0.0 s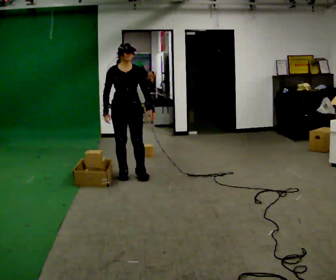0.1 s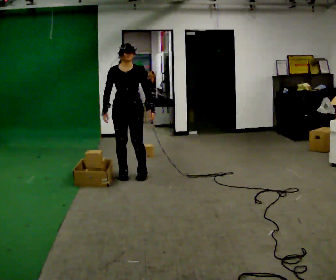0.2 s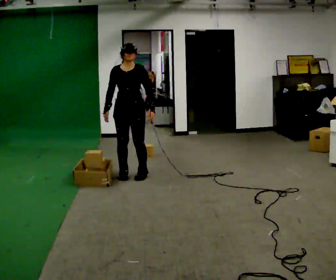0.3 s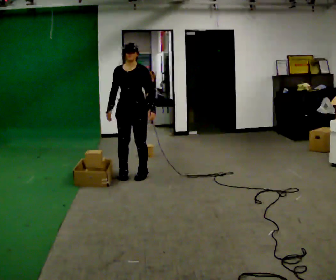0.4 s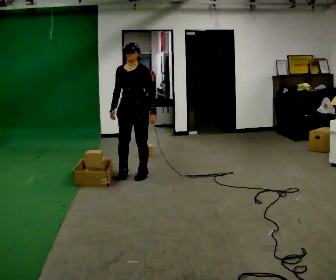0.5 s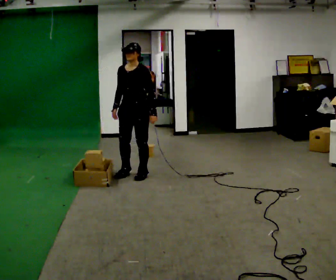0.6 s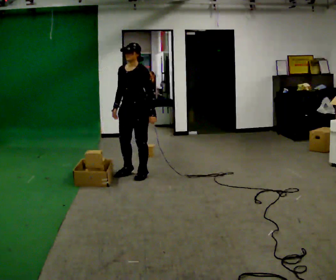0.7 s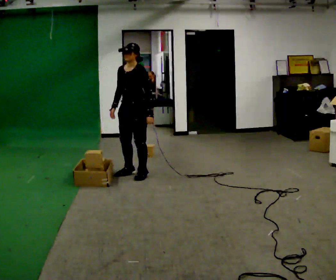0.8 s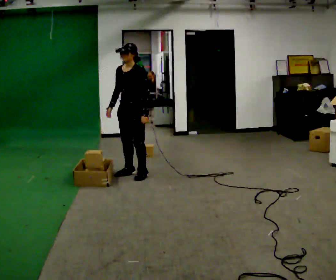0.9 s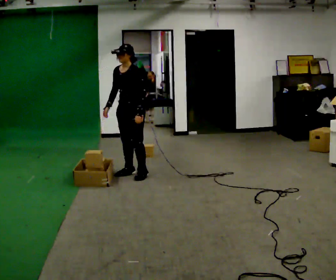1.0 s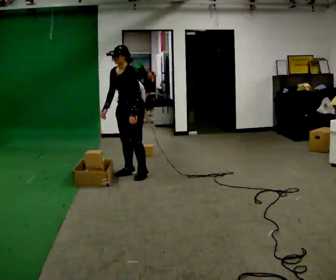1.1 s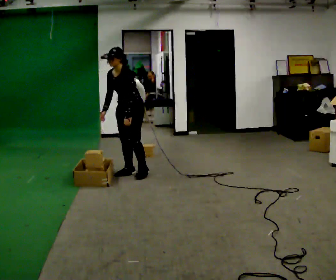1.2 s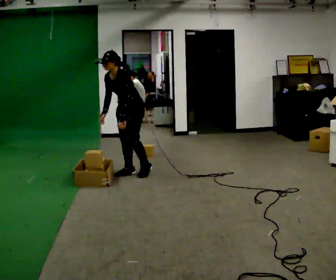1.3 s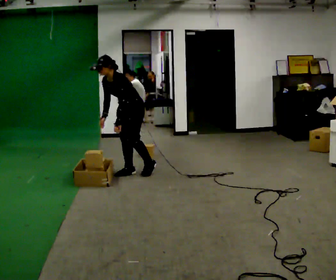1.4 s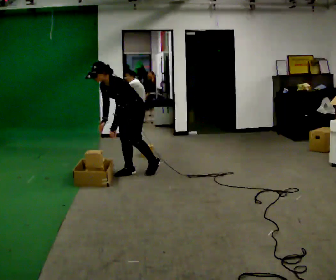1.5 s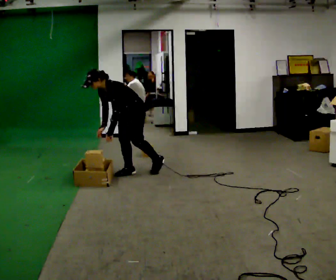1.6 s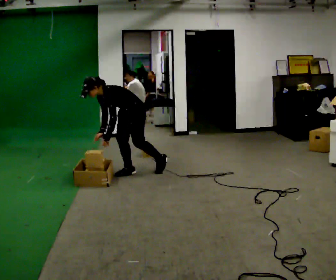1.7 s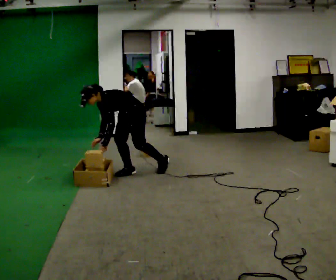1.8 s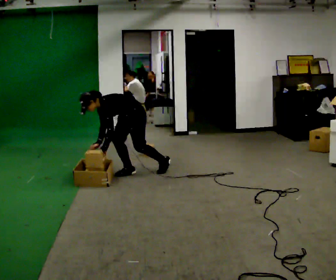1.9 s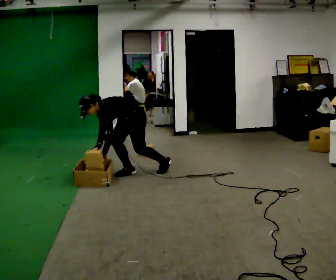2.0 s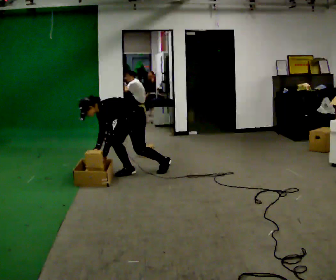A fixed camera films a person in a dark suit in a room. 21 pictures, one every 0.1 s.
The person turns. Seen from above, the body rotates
clockwise.
The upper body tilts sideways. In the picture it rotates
counterclockwise.
0.0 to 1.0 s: The part of the body nearest the lens slides to the left as the person turns to their right by about 60 degrees.
1.0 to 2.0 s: The shoulders move downward. In the picture the upper body tilts counterclockwise, shoulders to the left, as they bend forward. In the picture their left hand goes downward and to the left.
The film runs backward here.
